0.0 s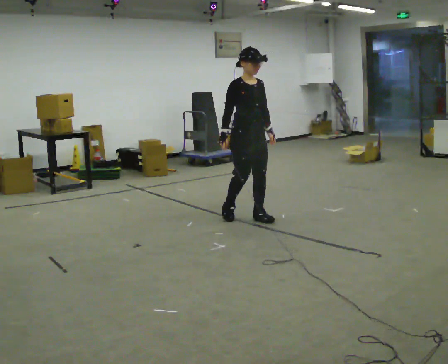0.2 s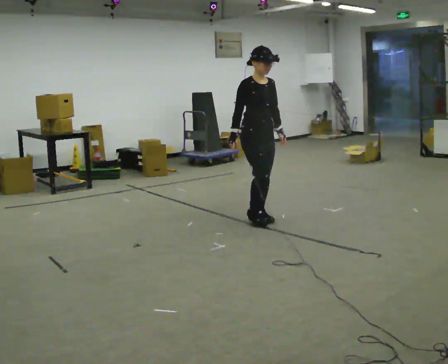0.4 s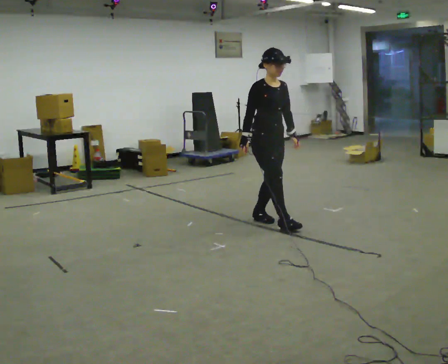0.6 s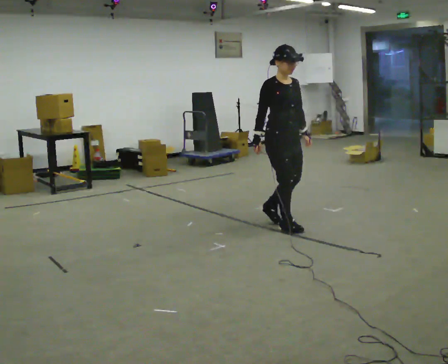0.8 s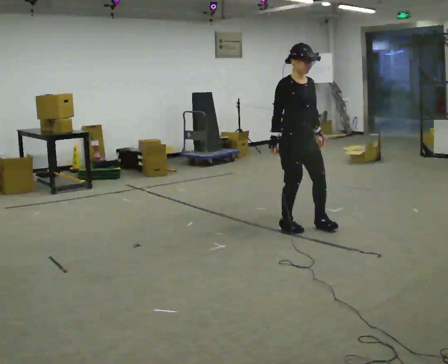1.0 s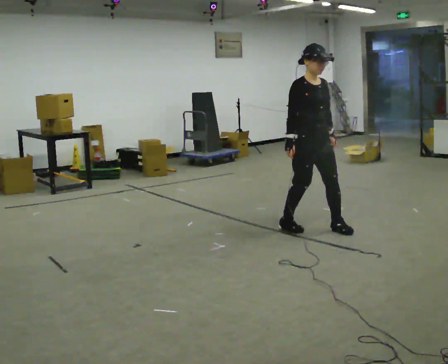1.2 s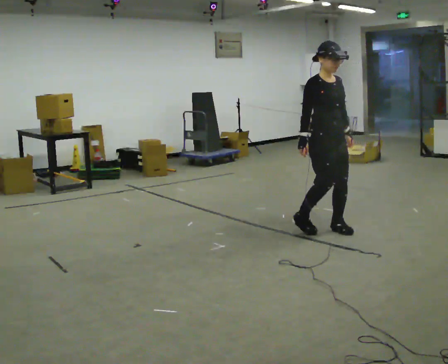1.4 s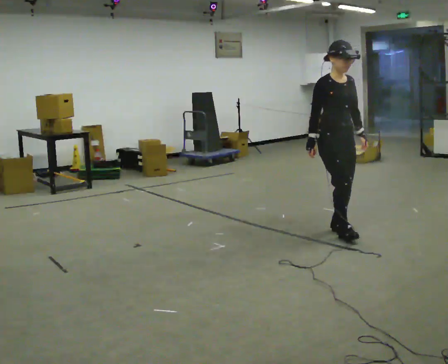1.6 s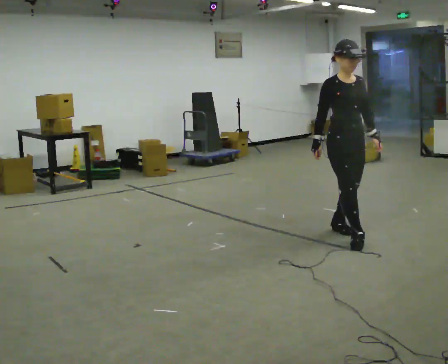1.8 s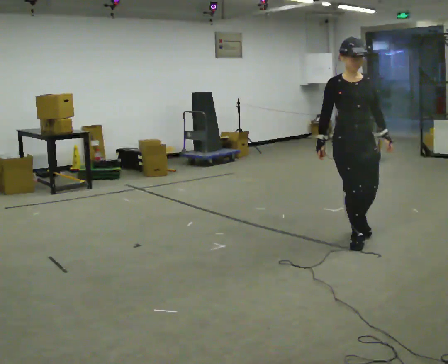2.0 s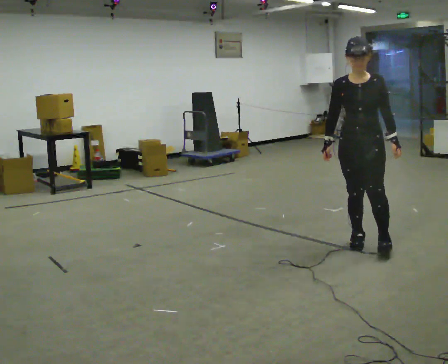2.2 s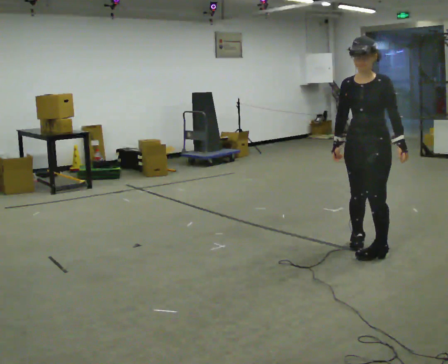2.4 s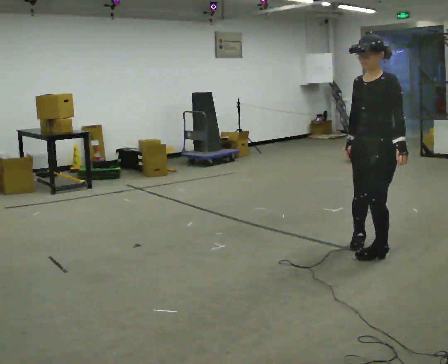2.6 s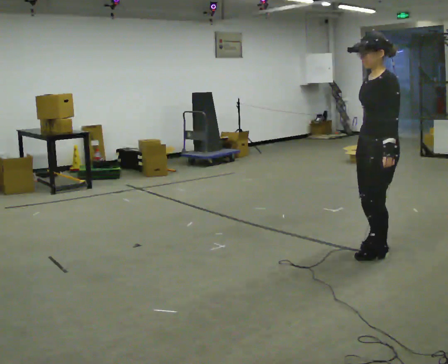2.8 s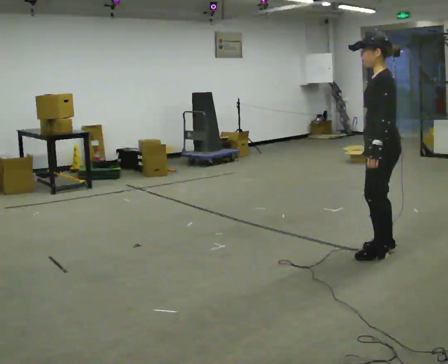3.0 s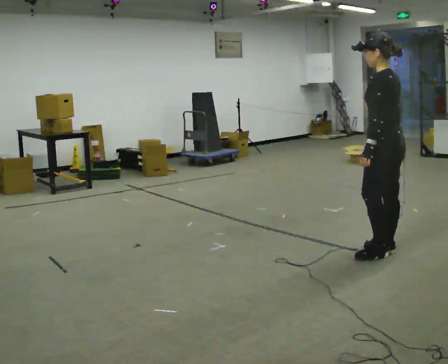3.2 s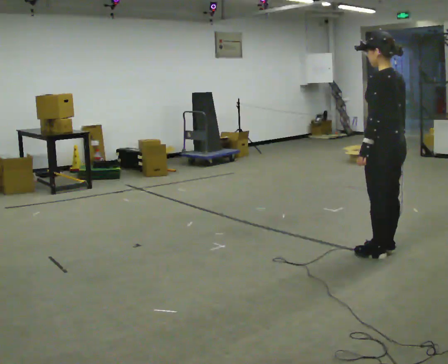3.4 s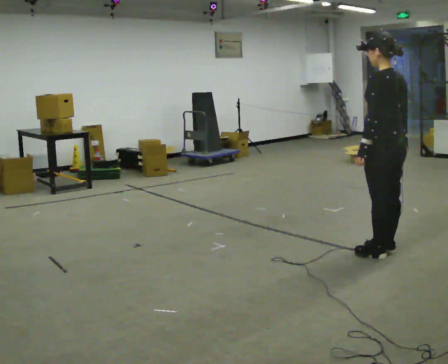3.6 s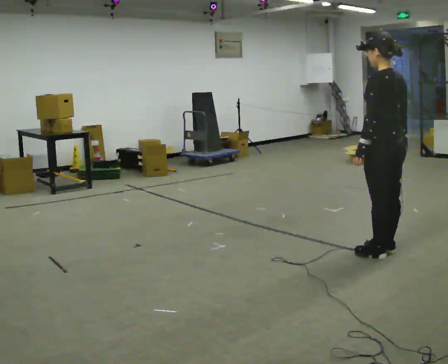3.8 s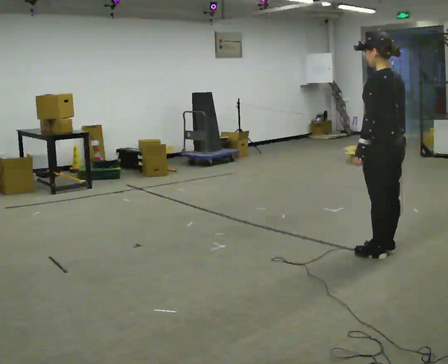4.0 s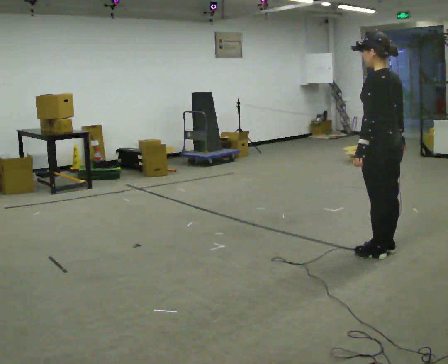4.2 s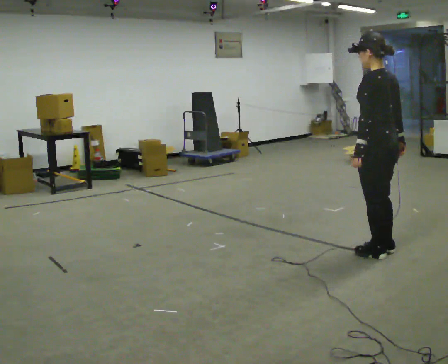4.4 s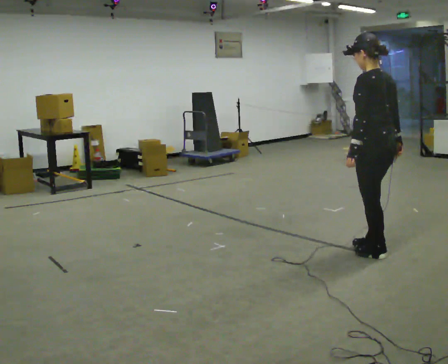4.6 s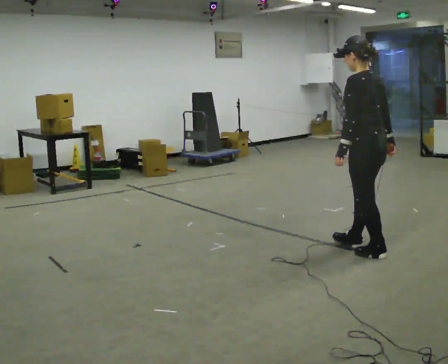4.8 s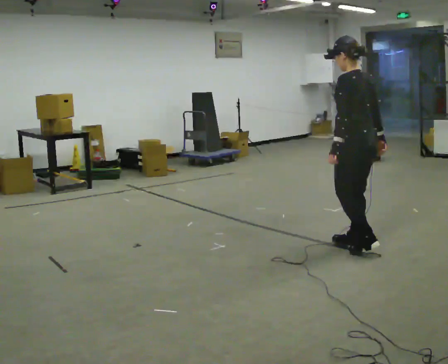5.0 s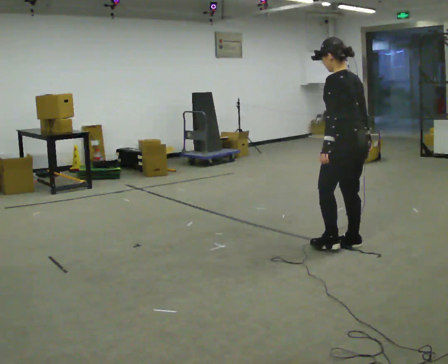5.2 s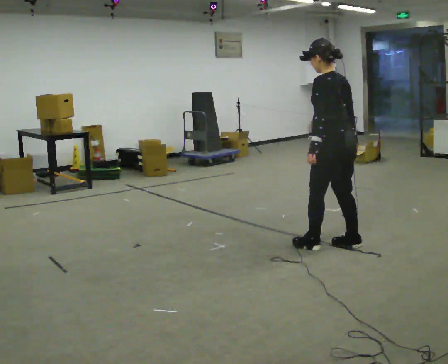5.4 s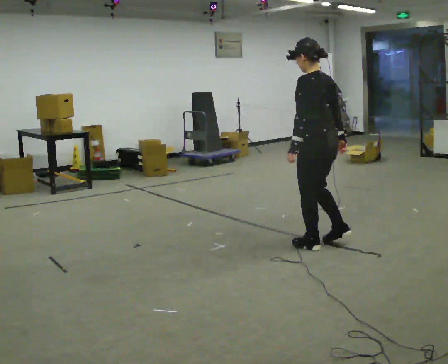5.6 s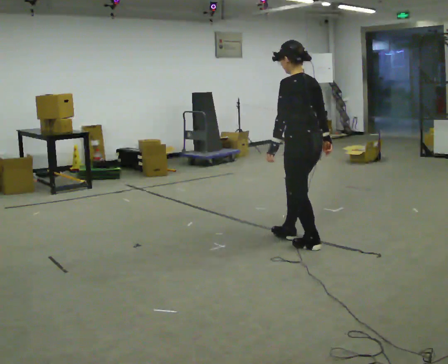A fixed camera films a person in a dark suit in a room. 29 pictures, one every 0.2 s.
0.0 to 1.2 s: In the picture they go to the right and toward the camera, about 1 m in 2 steps, which for them is forward.
1.2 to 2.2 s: The part of the body nearest the lens slides to the left as the person turns to their right by about 75 degrees. In the picture they go toward the camera and to the right, about 0.5 m in 1 step.
2.2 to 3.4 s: The person turns about 105 degrees to their right, clockwise seen from above, so the part of the body nearest the lens slides to the left. In the picture they go toward the camera, about 0.25 m in 1 step.
3.4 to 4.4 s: The person moves a little, or ends about where they began.
4.4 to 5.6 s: In the picture they go to the left and away from the camera, about 0.5 m in 2 steps, which for them is forward.
The film runs backward here.
